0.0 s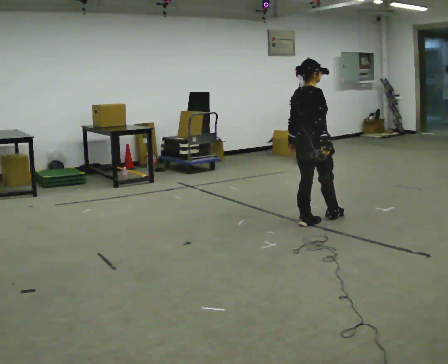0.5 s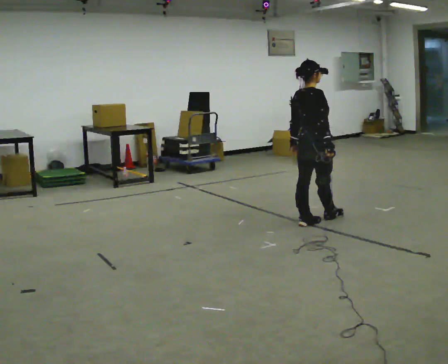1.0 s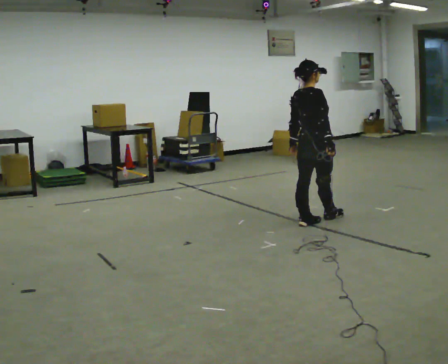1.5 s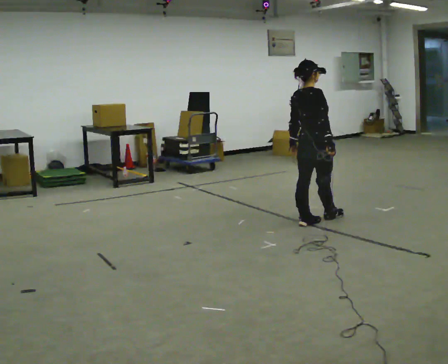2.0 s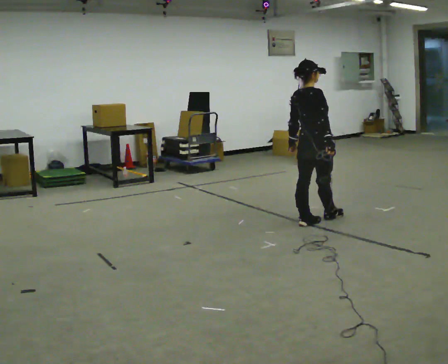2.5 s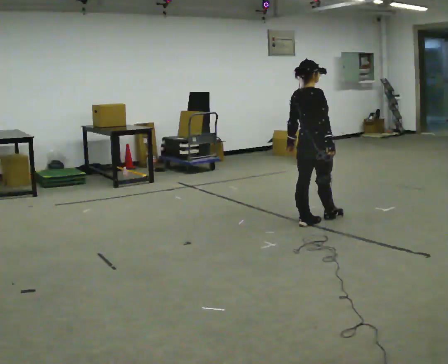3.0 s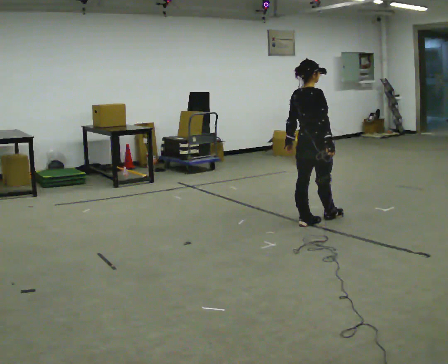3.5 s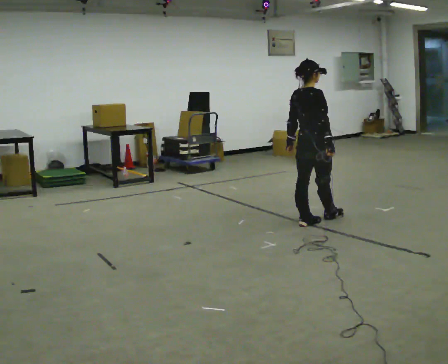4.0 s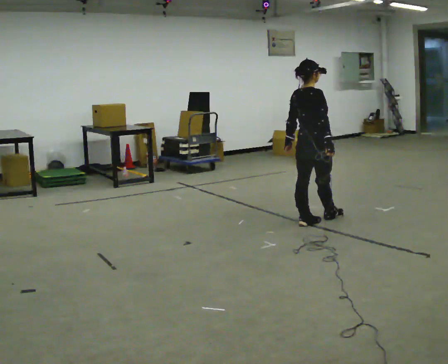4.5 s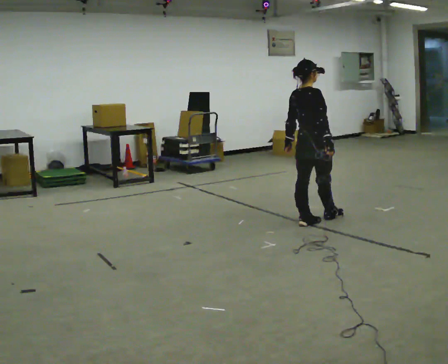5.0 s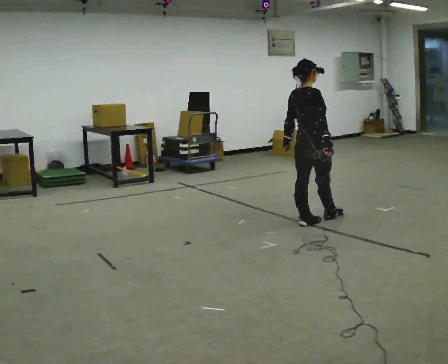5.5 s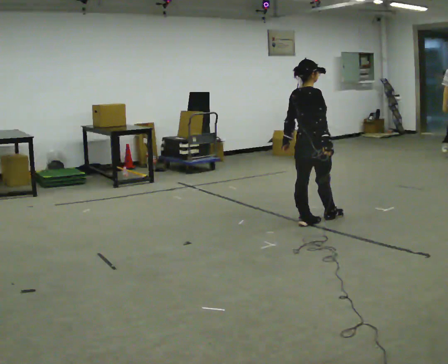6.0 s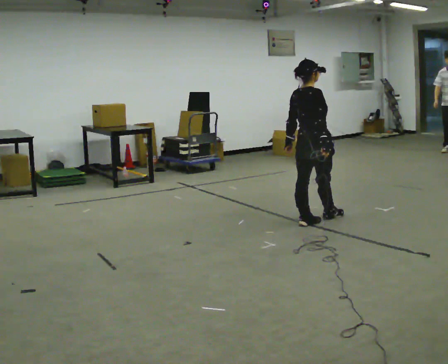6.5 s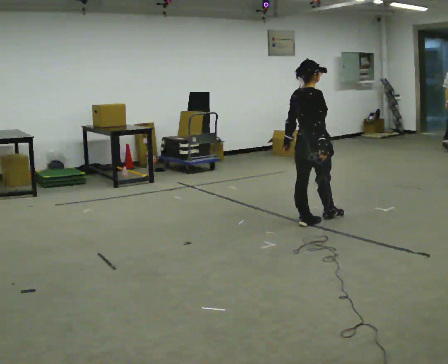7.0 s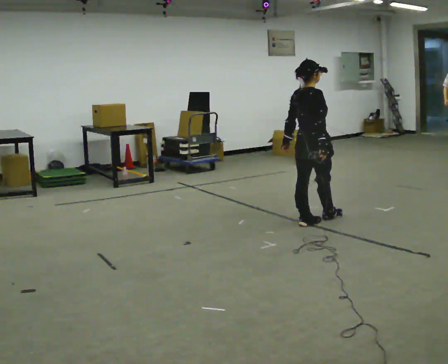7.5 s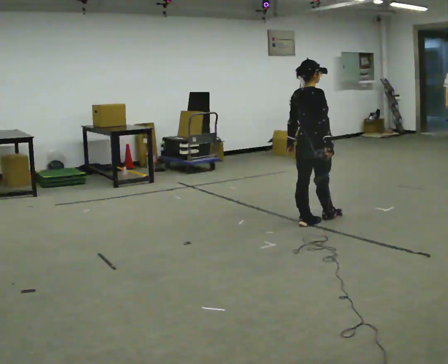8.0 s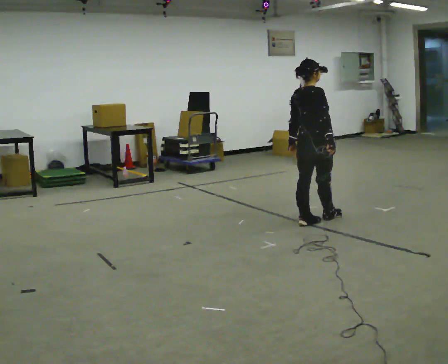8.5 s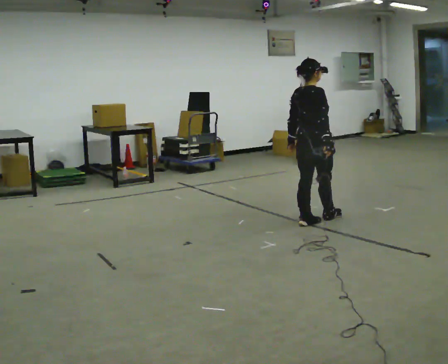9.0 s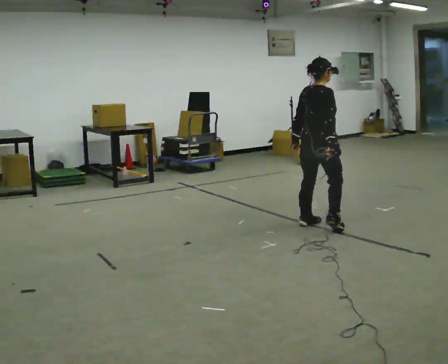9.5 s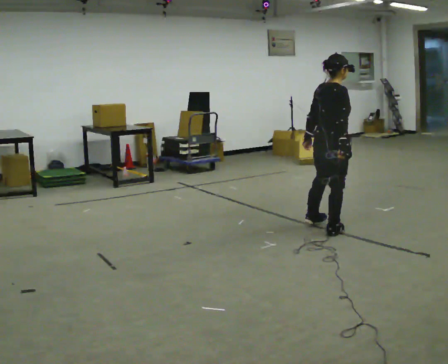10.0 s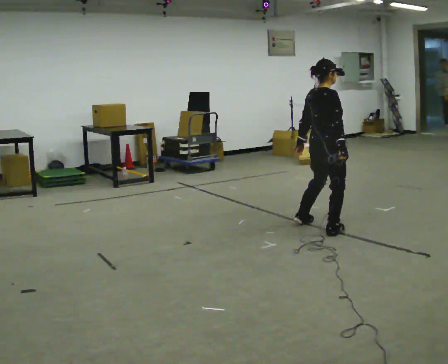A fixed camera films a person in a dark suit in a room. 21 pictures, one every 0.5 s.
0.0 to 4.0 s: The person moves a little, or ends about where they began.
4.0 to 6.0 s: The person keeps their place and pose.
6.0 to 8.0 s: The person moves a little, or ends about where they began.
8.0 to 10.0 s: In the picture they go toward the camera, about 0.25 m in 2 steps, which for them is to their right.
The film runs backward here.
